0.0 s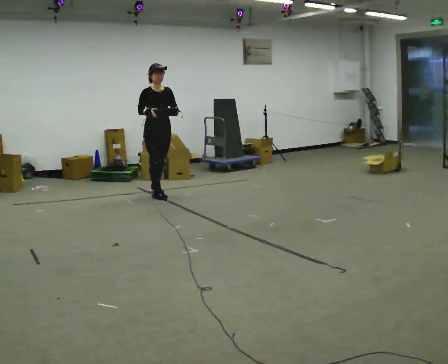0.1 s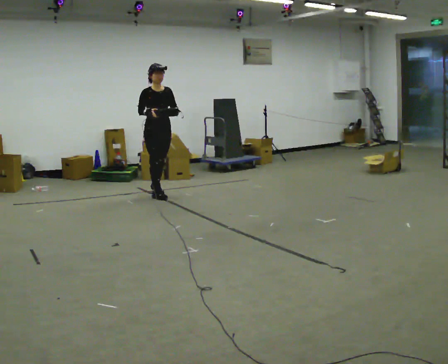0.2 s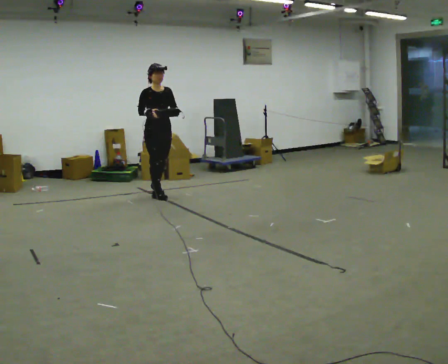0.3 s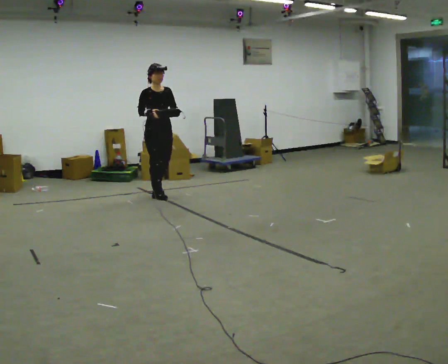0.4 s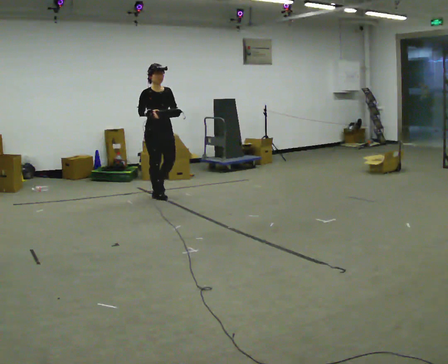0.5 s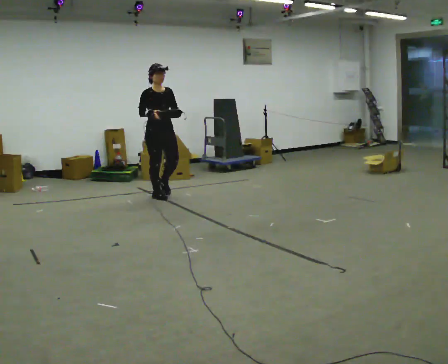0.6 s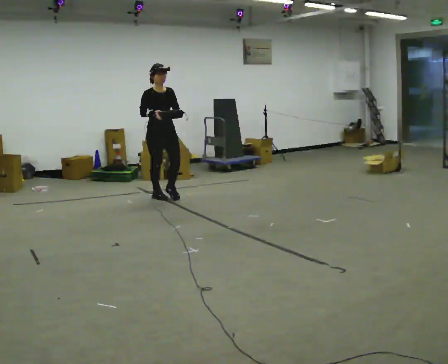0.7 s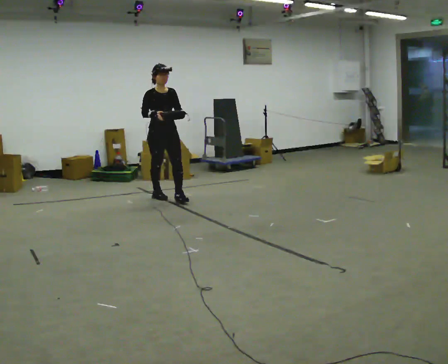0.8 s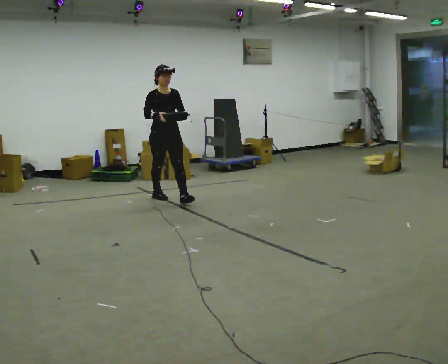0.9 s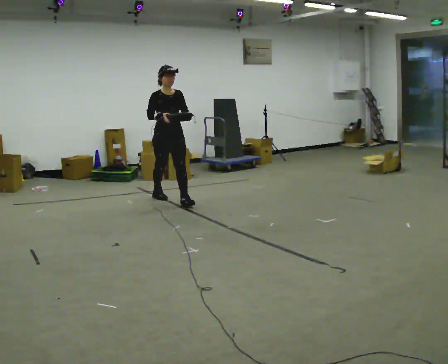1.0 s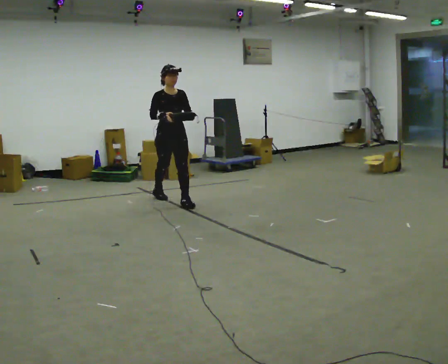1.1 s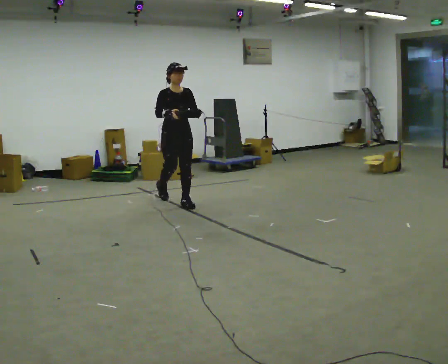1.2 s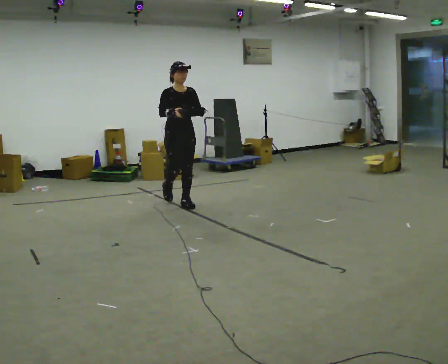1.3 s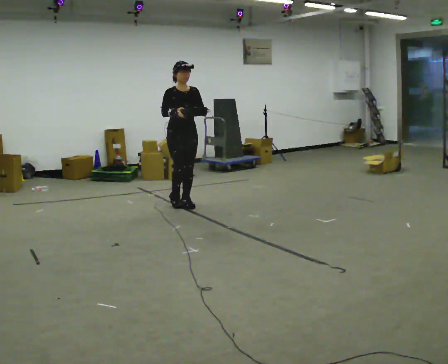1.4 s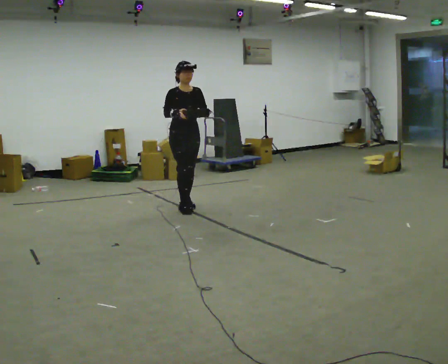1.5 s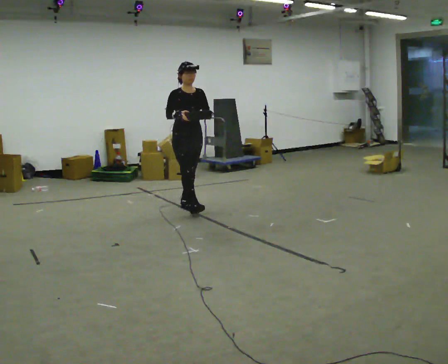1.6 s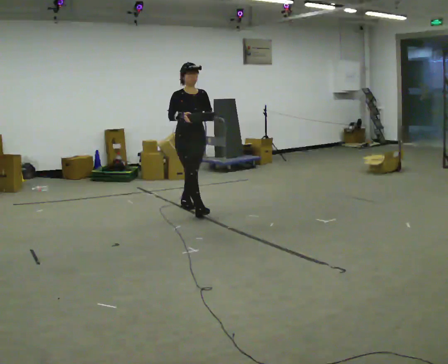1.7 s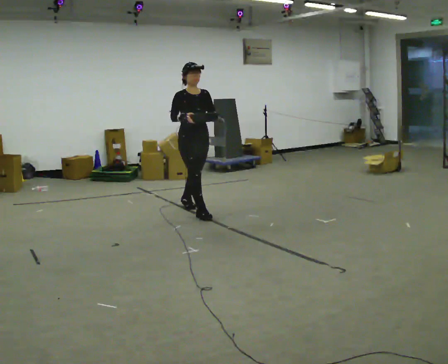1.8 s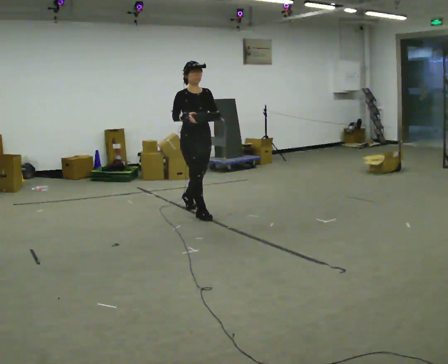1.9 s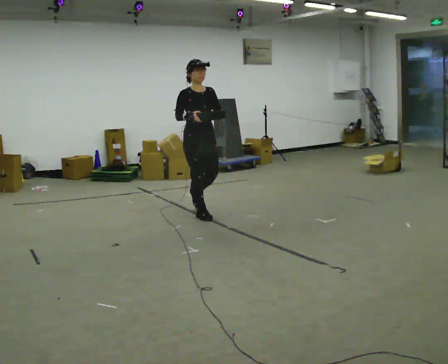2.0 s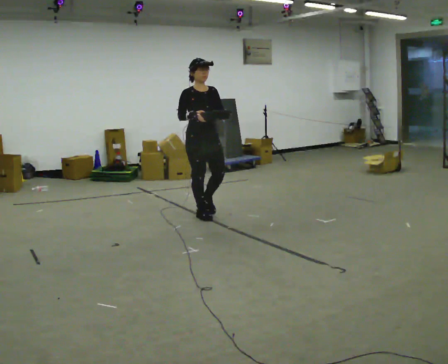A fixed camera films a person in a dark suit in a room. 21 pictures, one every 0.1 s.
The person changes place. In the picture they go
toward the camera.
0.0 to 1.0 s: In the picture they go toward the camera and to the right, about 0.5 m in 1 step, which for them is forward.
1.0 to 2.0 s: In the picture they go toward the camera and to the right, about 1 m in 1 step, which for them is forward.
The film runs forward here.
